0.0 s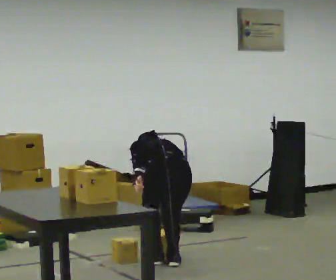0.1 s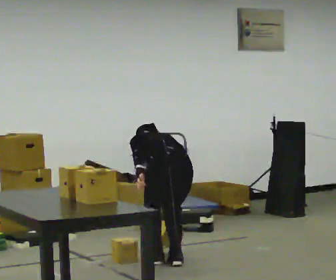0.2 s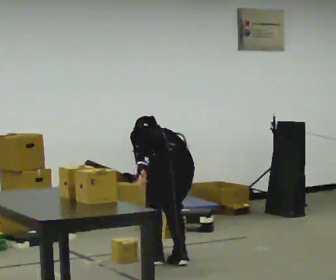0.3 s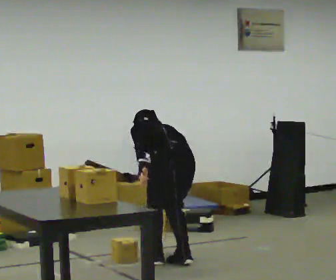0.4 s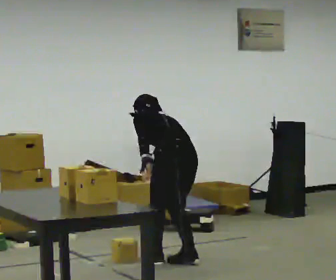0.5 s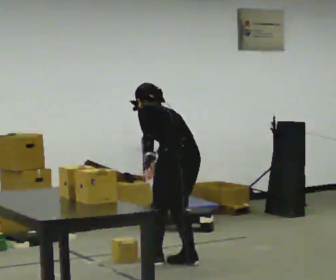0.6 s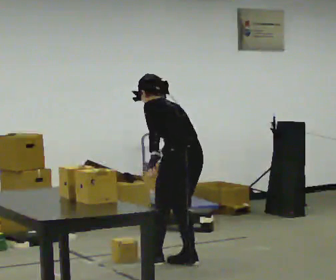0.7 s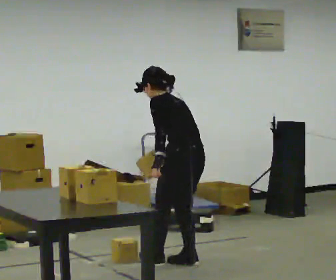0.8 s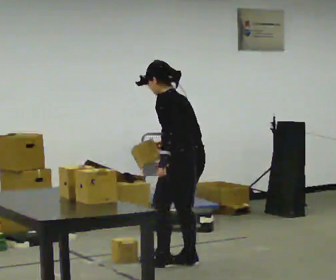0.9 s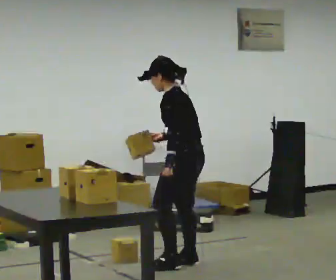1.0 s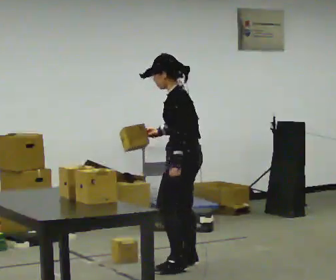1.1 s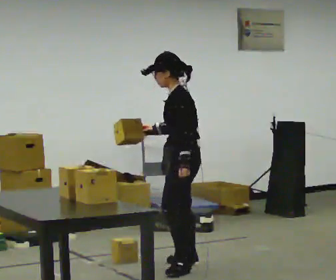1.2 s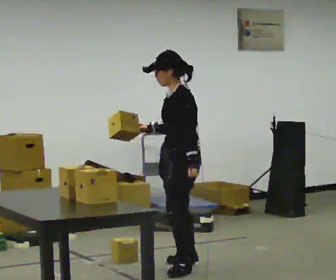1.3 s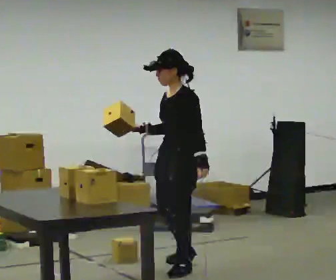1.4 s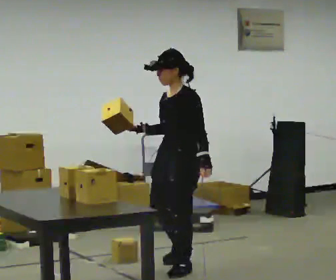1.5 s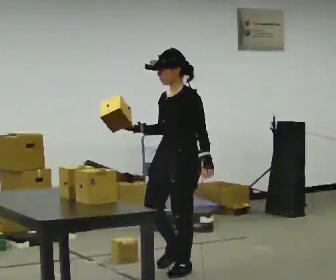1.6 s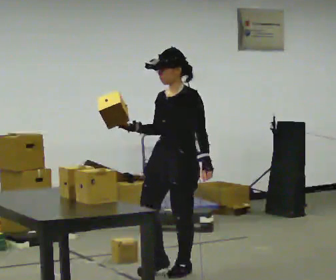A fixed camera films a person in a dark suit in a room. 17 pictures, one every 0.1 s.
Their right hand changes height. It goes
upward.
The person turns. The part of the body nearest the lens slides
to the right.
0.0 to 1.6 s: The person turns about 120 degrees to their left, counterclockwise seen from above, so the part of the body nearest the lens slides to the right. In the picture they go toward the camera, about 0.25 m in 1 step. The shoulders move upward. The upper body tips toward the camera, its near side rolling downward, as they lean back or straighten. In the picture their right hand goes upward, the arm swinging clockwise.
The film runs forward here.
